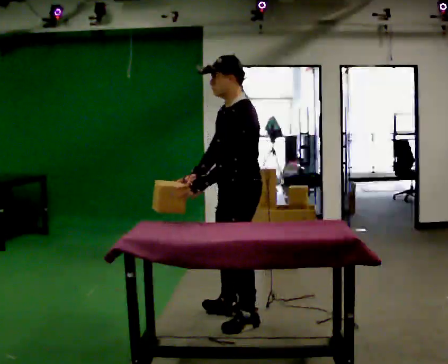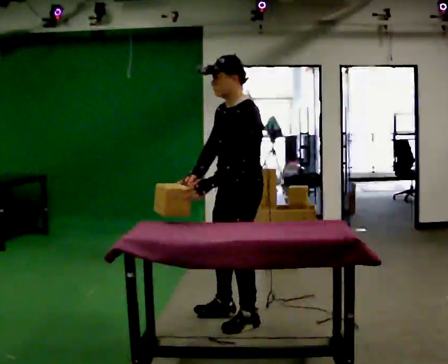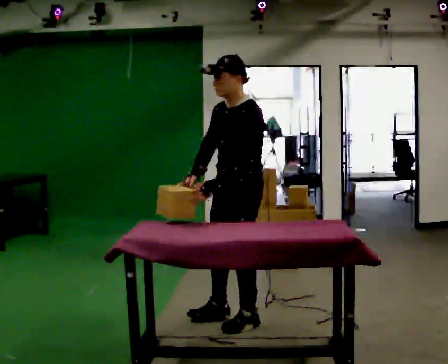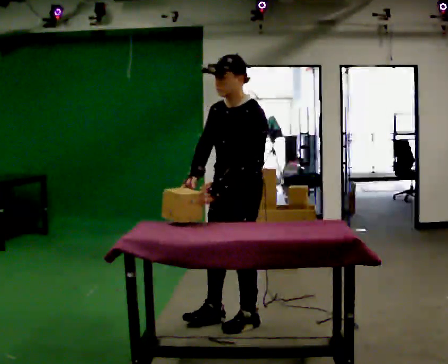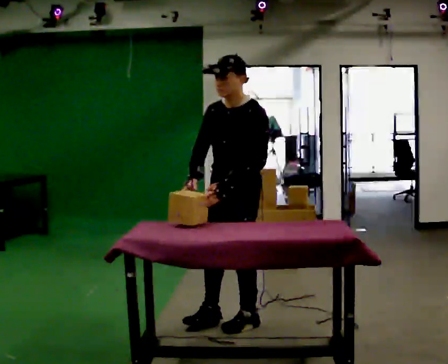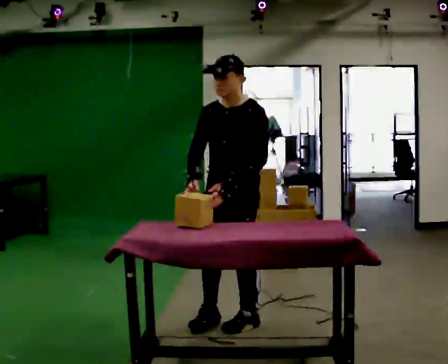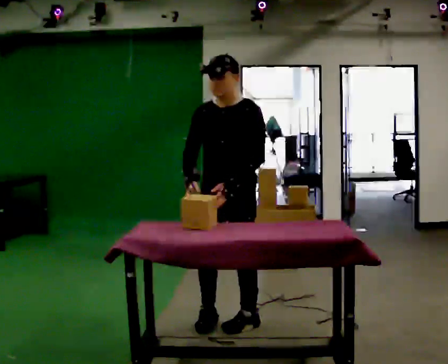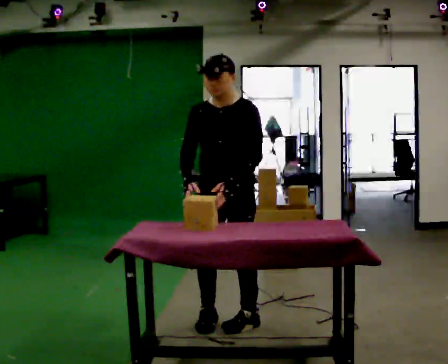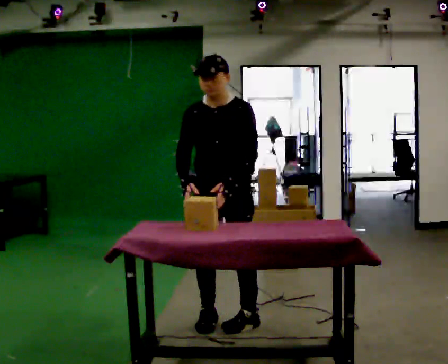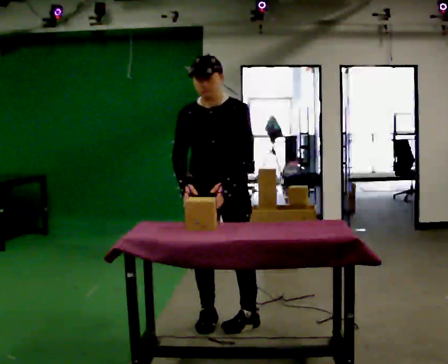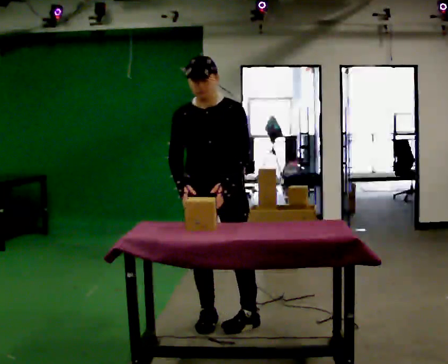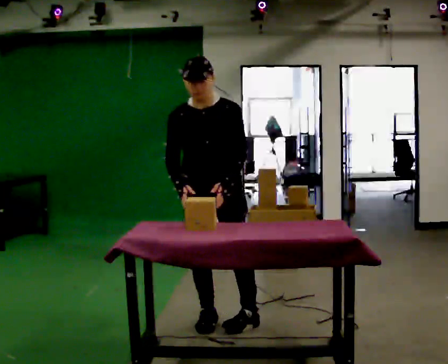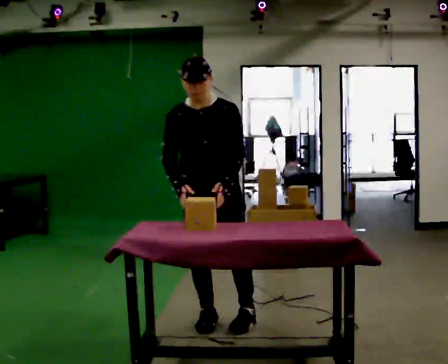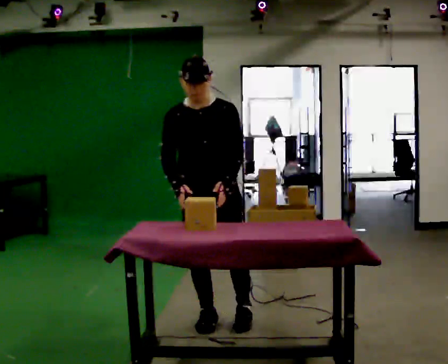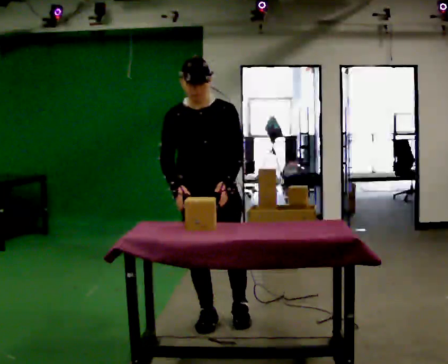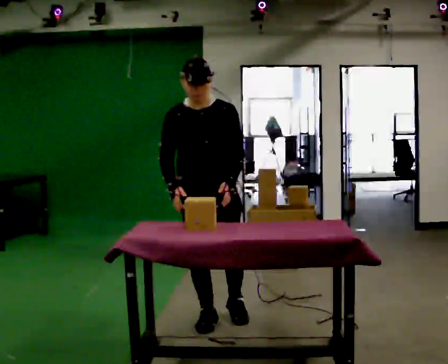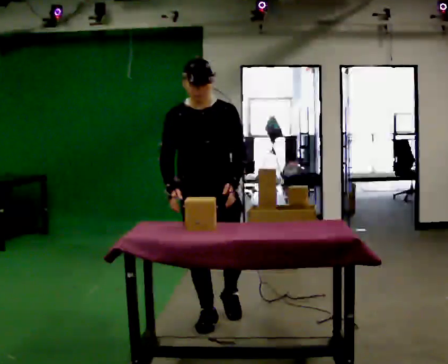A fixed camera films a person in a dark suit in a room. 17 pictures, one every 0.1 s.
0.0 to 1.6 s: The person turns about 90 degrees to their left, counterclockwise seen from above, so the part of the body nearest the lens slides to the right. In the picture they go to the left, about 0.25 m in 2 steps.
The film runs backward here.
